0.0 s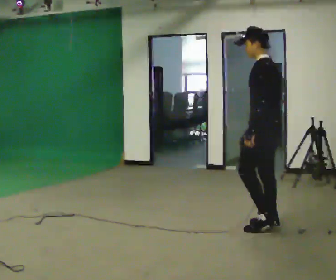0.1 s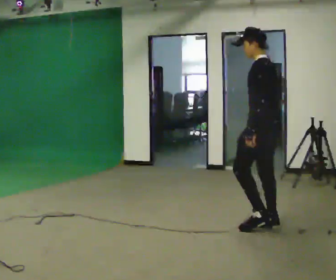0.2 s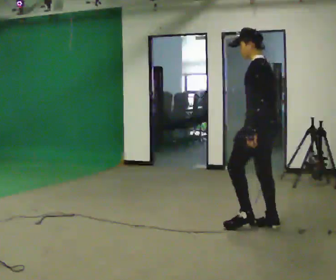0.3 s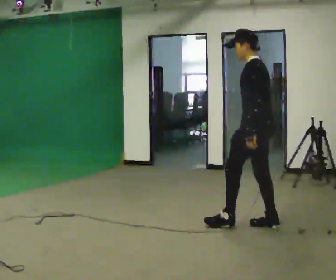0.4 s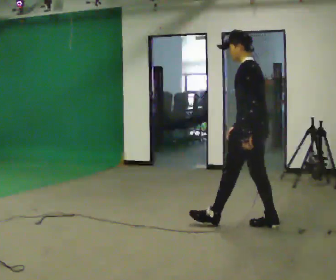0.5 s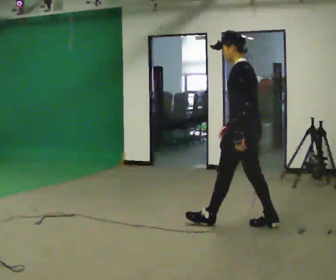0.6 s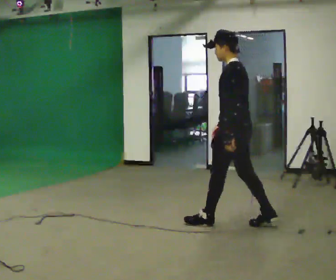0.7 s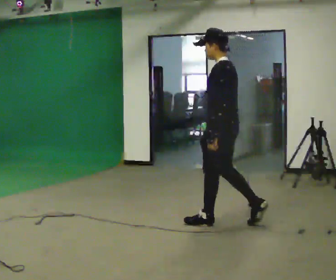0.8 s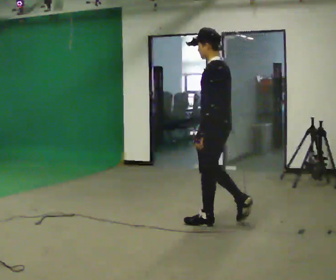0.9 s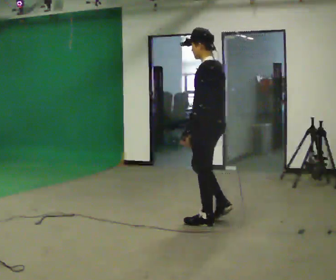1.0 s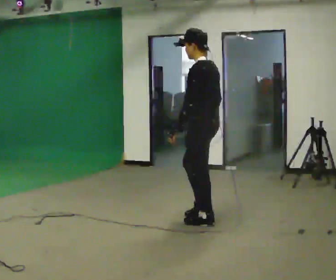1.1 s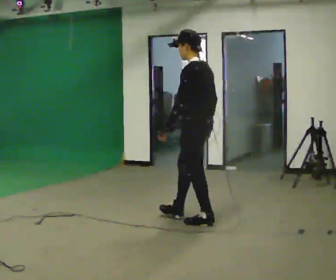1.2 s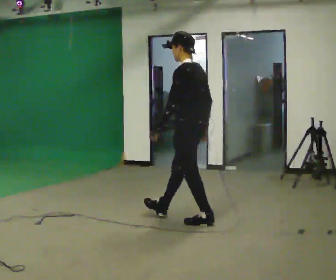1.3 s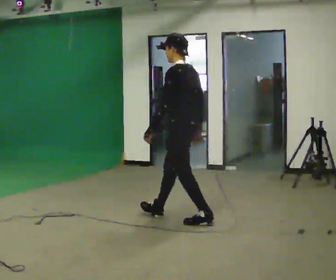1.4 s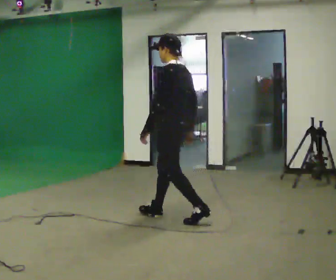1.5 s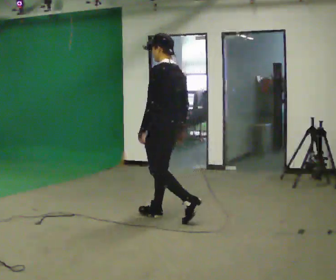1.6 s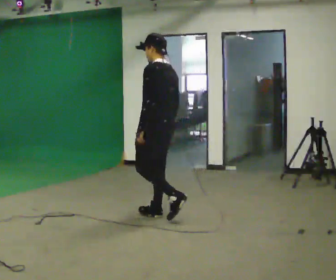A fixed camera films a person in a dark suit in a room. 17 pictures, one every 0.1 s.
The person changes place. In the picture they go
to the left.
0.0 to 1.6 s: In the picture they go to the left, about 1 m in 2 steps, which for them is forward.
The film runs forward here.
